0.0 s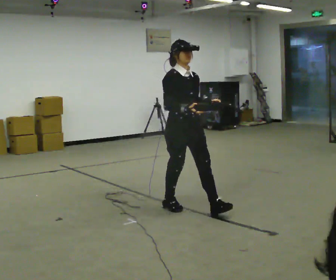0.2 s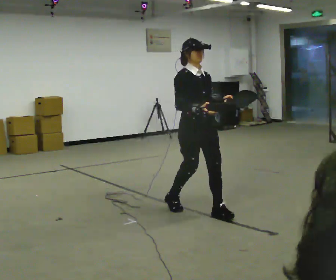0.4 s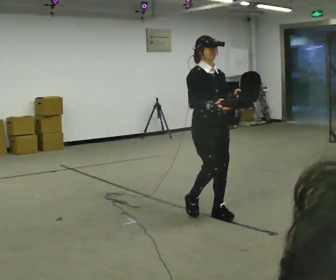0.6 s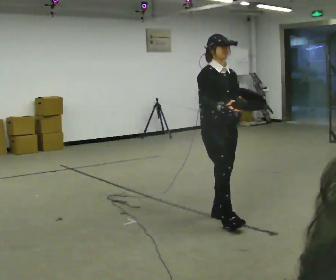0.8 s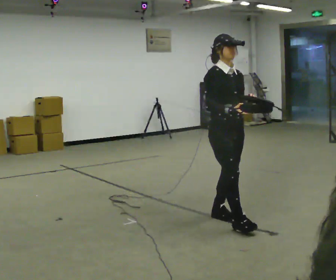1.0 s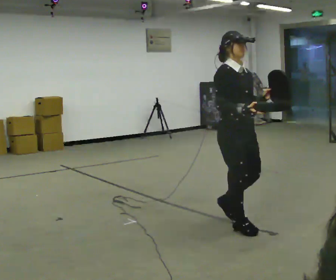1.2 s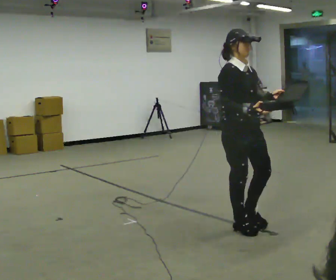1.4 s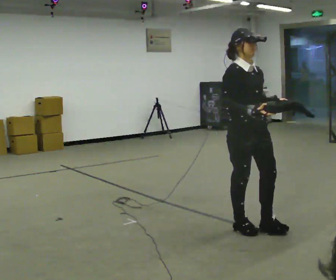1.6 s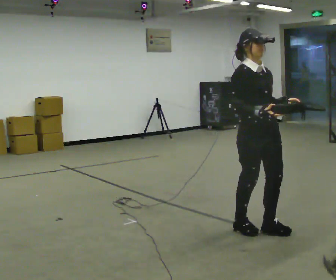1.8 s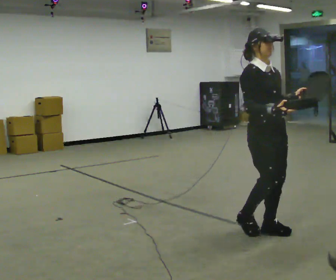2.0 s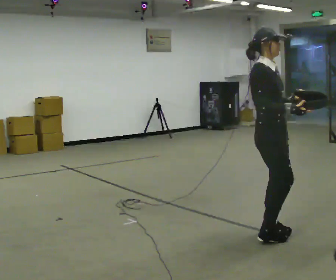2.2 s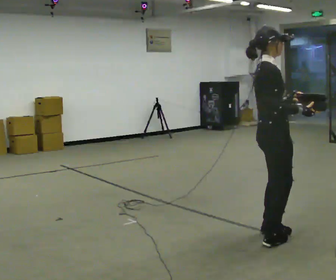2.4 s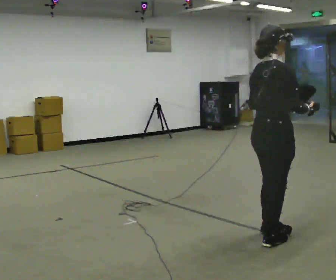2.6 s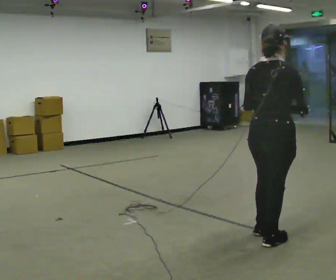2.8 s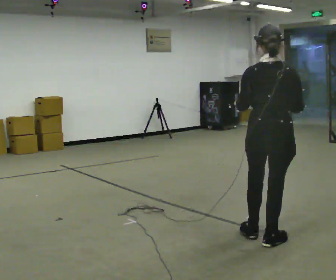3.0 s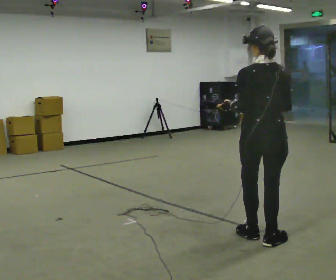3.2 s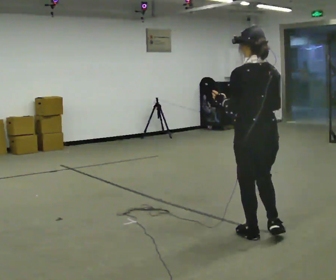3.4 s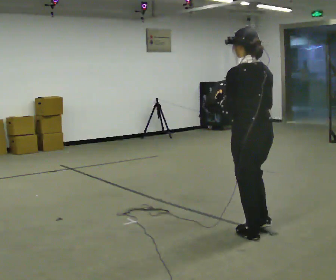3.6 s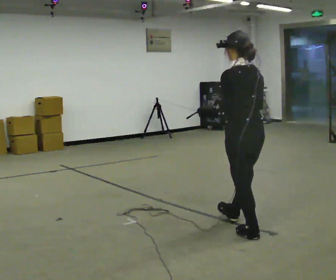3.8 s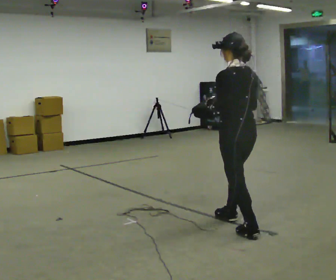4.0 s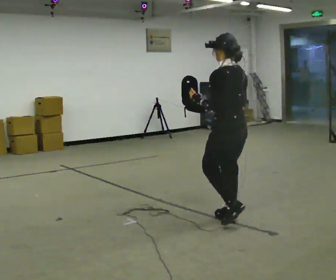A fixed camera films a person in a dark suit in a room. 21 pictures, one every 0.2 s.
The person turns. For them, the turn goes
to their left.
The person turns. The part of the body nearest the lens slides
to the right.
0.0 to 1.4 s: In the picture they go to the right and toward the camera, about 1 m in 2 steps, which for them is forward.
1.4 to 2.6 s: The part of the body nearest the lens slides to the right as the person turns to their left by about 105 degrees. In the picture they go toward the camera and to the right, about 0.25 m in 2 steps.
2.6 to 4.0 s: The person turns about 90 degrees to their left, counterclockwise seen from above, so the part of the body nearest the lens slides to the right. In the picture they go away from the camera and to the left, about 0.5 m in 1 step.
The film runs forward here.
